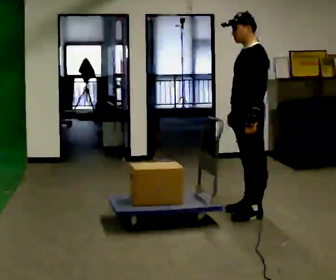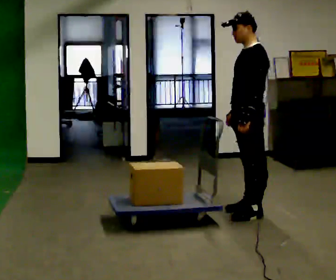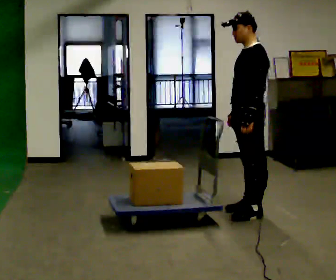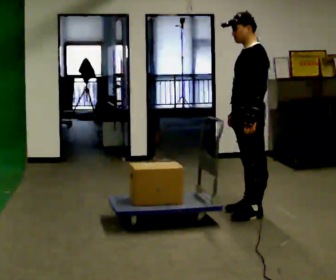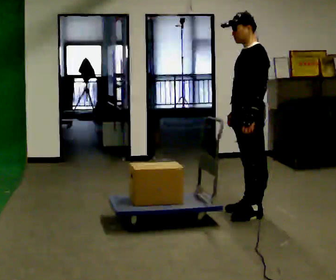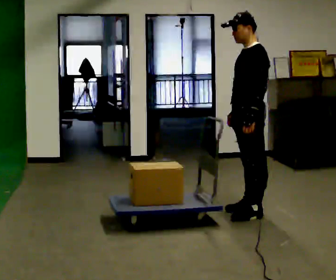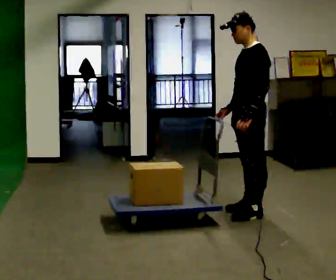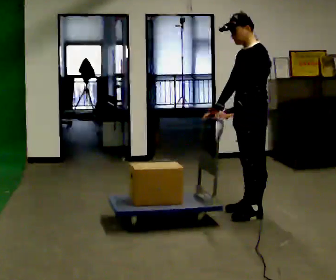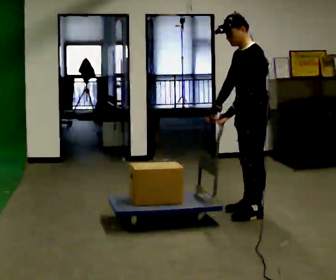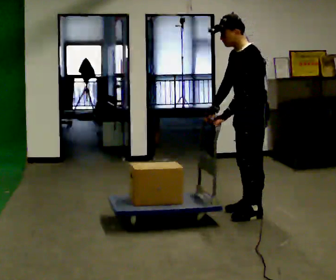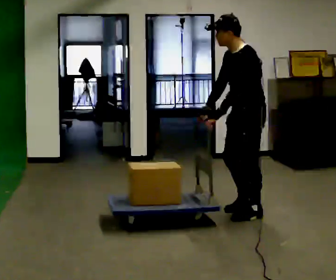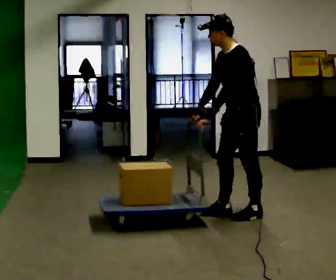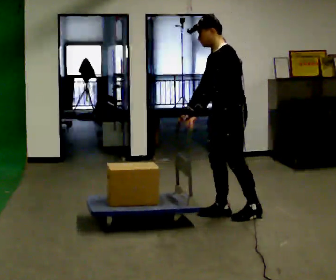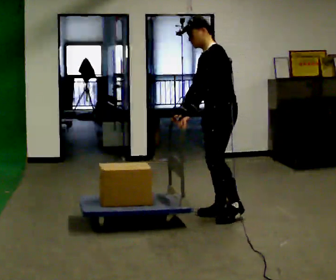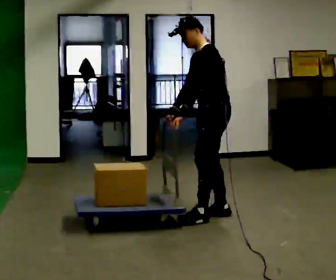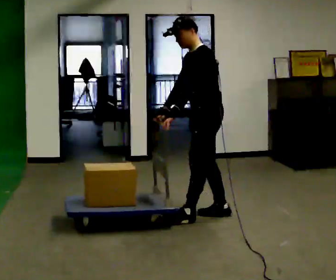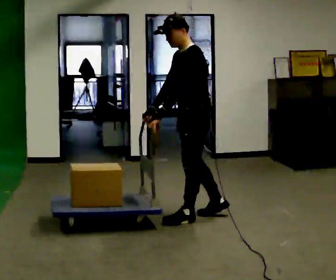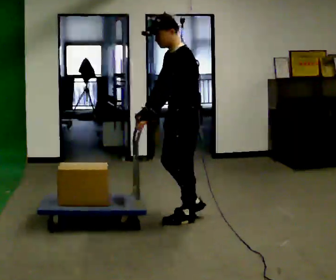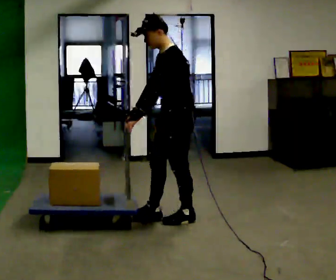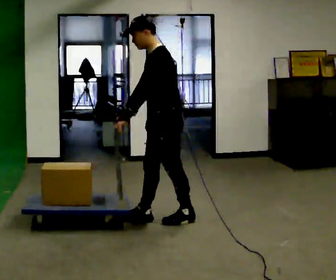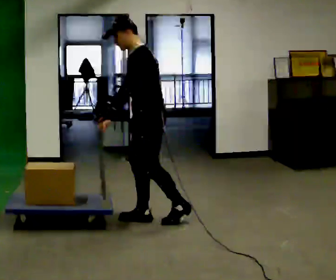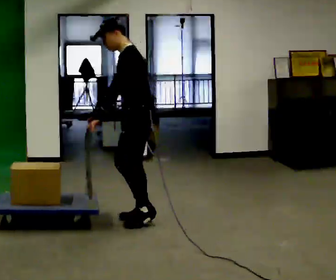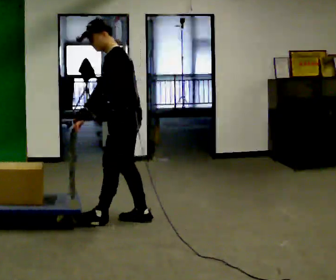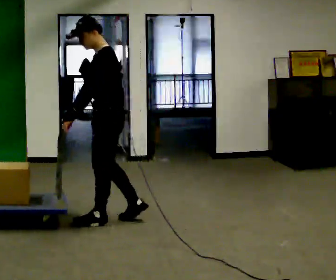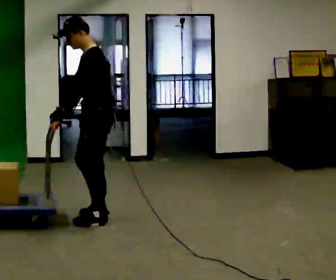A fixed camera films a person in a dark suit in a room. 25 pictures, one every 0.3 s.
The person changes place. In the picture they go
to the left.
0.0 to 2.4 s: The person moves a little, or ends about where they began.
2.4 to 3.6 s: In the picture they go to the left, about 0.25 m in 1 step, which for them is forward.
3.6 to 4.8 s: In the picture they go to the left, about 0.25 m in 1 step, which for them is forward.
4.8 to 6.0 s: In the picture they go to the left, about 0.5 m in 1 step, which for them is forward.
6.0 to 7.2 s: In the picture they go to the left, about 0.5 m in 1 step, which for them is forward.
The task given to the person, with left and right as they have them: Get the cart into the marked parking space and lined up with the tape. Take as many adjustments as you need. Then take it out again and repeat.
The film runs forward here.
